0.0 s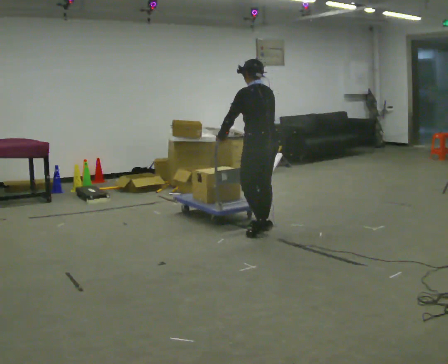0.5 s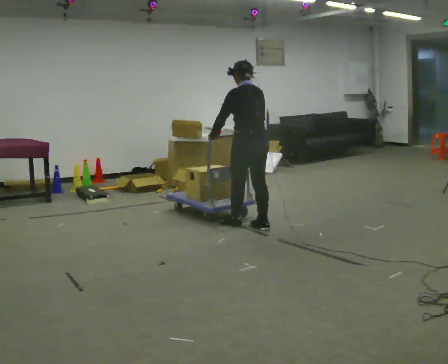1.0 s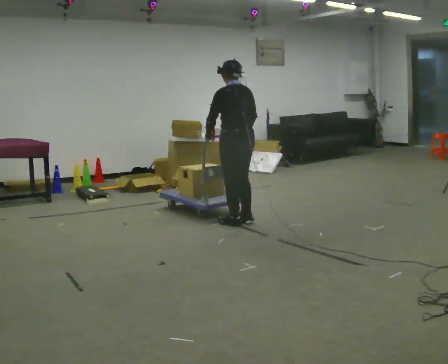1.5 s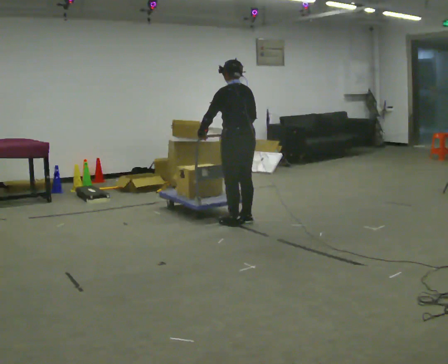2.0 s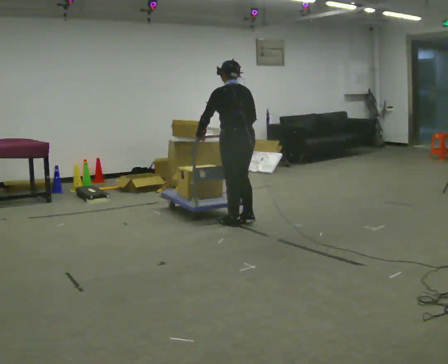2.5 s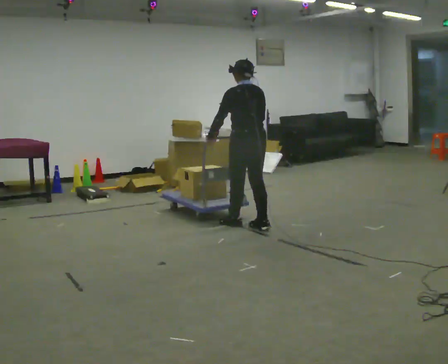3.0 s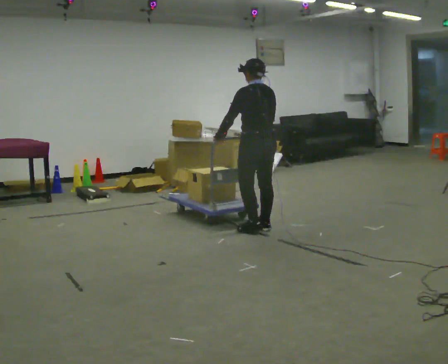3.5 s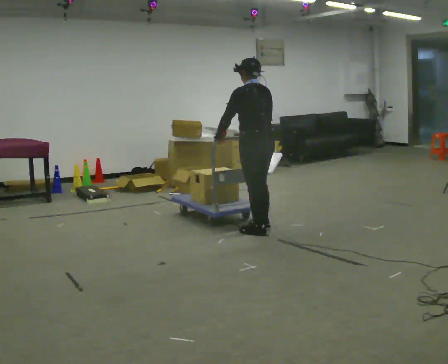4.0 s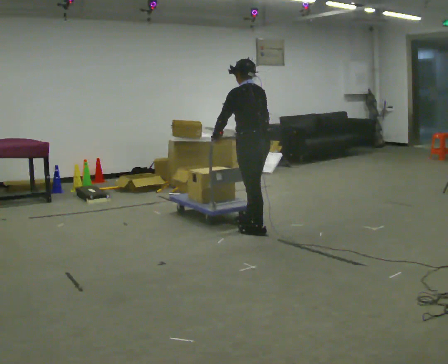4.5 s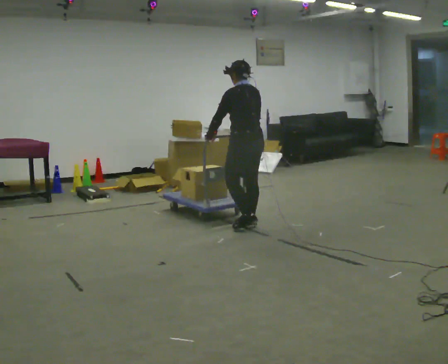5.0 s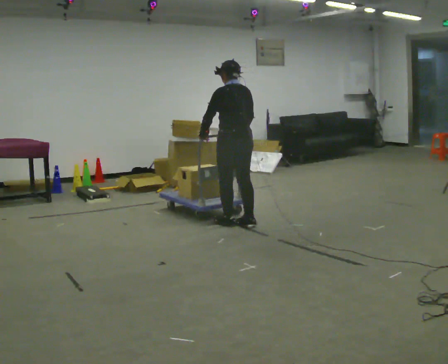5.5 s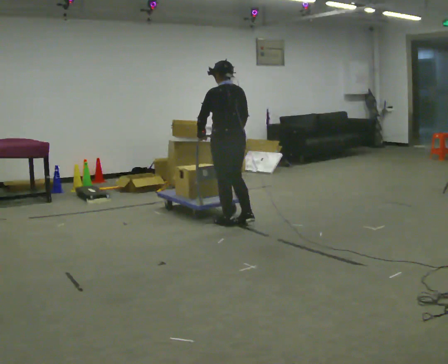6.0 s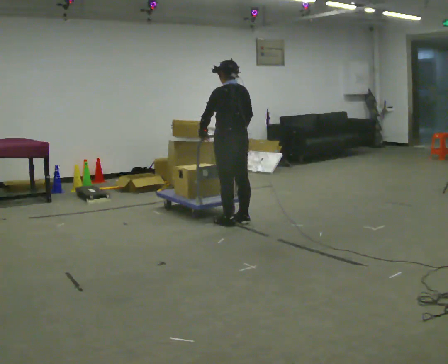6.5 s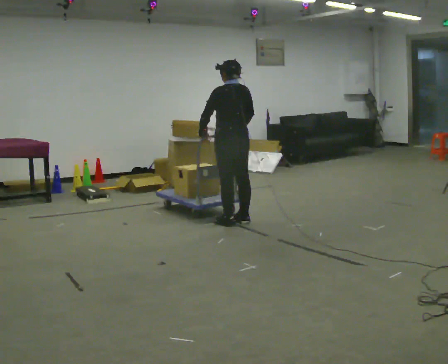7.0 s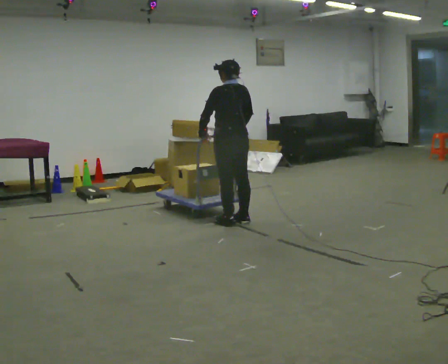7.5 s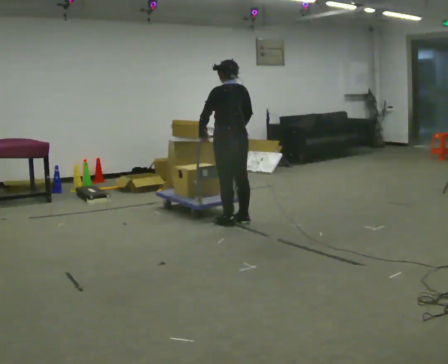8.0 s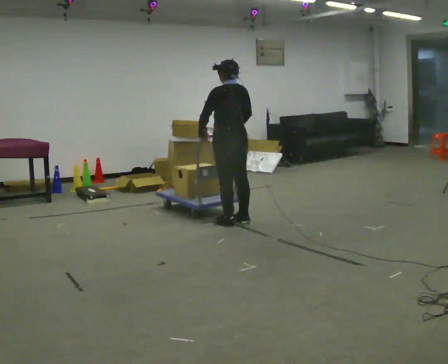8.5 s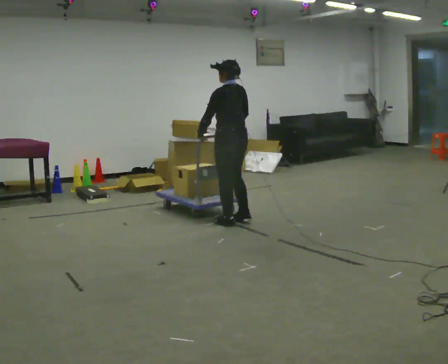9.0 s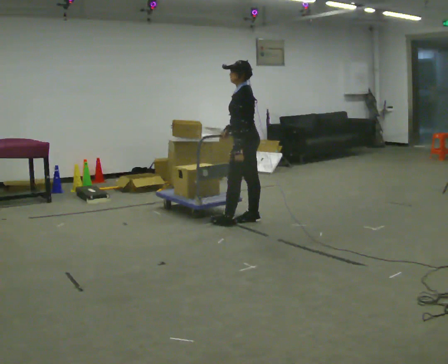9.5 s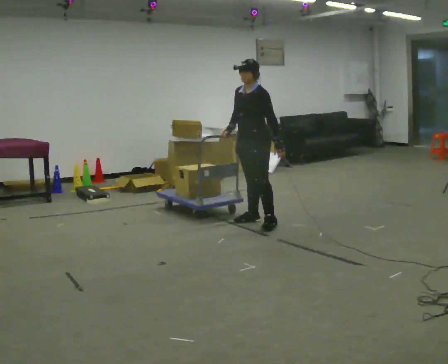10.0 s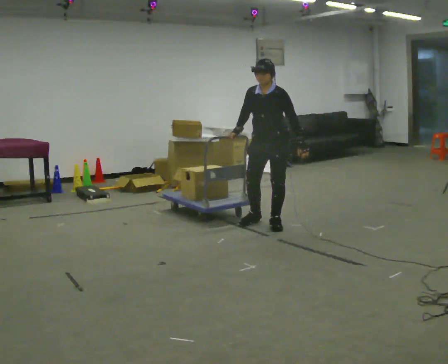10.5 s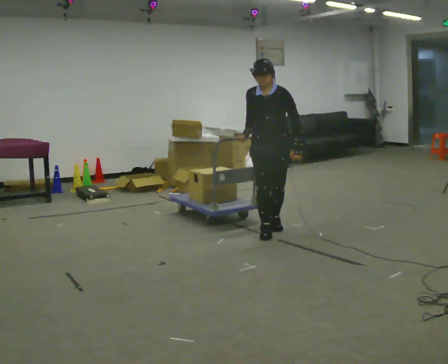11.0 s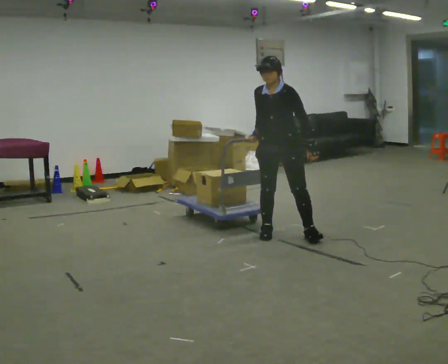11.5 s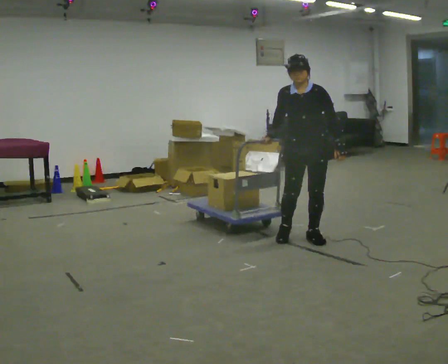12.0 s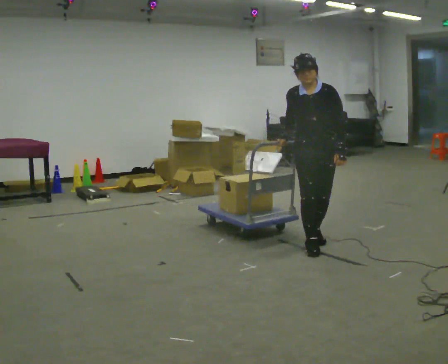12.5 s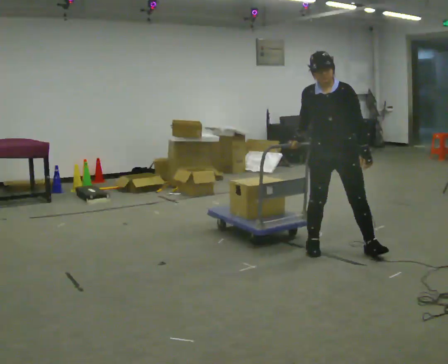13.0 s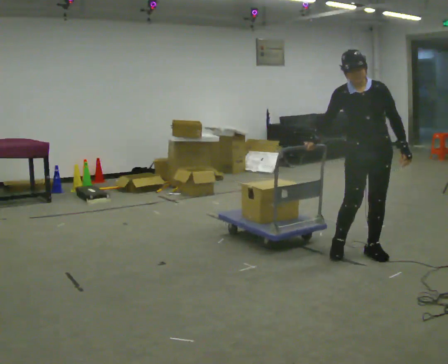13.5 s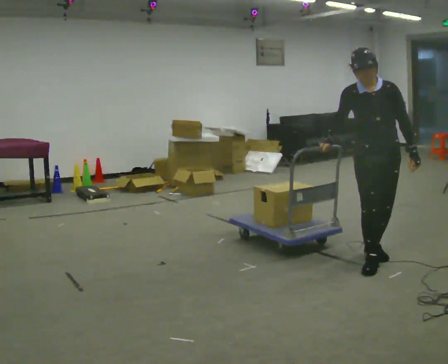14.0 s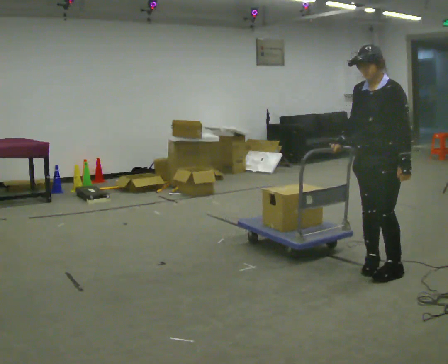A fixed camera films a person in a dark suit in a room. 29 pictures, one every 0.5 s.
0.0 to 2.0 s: In the picture they go to the left and away from the camera, about 0.25 m in 2 steps, which for them is forward.
2.0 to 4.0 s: In the picture they go toward the camera and to the right, about 0.25 m in 2 steps, which for them is backward.
4.0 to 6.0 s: In the picture they go away from the camera and to the left, about 0.25 m in 2 steps, which for them is forward.
6.0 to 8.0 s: The person moves a little, or ends about where they began.
8.0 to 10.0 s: Seen from above the body turns counterclockwise, about 120 degrees: to their left, with its near side sliding to the right. In the picture they go to the right, about 0.5 m in 1 step.
10.0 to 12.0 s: The part of the body nearest the lens slides to the right as the person turns to their left by about 30 degrees. In the picture they go toward the camera and to the right, about 0.5 m in 3 steps, which for them is to their left and forward.
12.0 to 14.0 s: The part of the body nearest the lens slides to the left as the person turns to their right by about 45 degrees. In the picture they go toward the camera and to the right, about 0.5 m in 2 steps, which for them is forward and to their left.
The film runs forward here.
